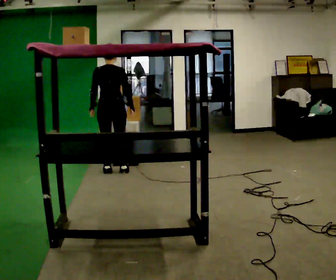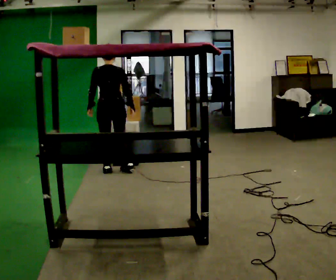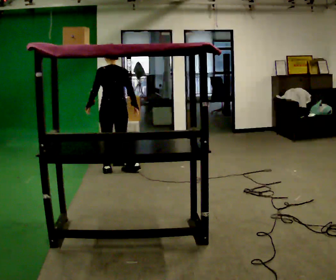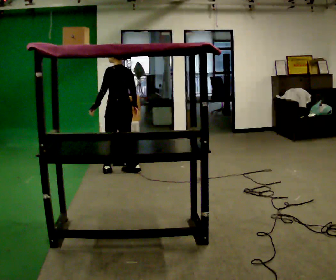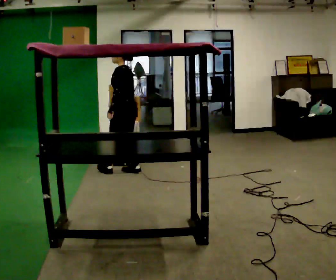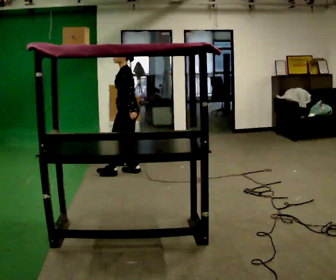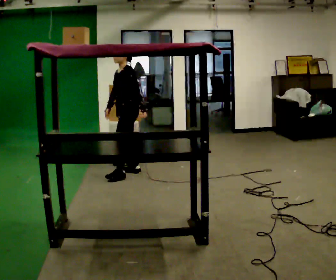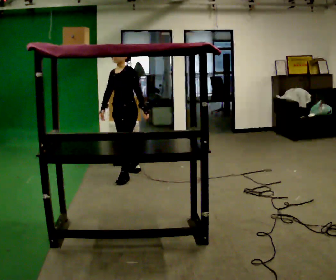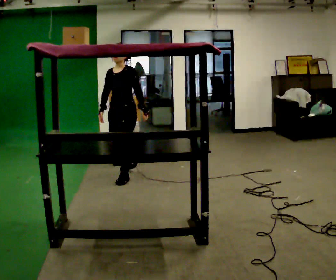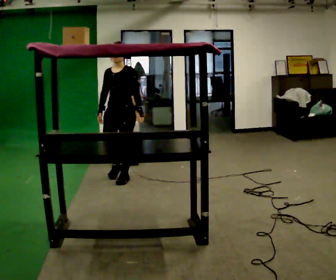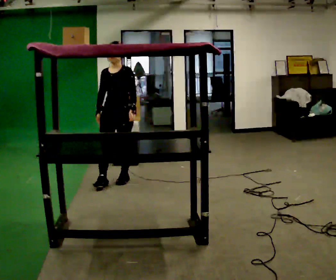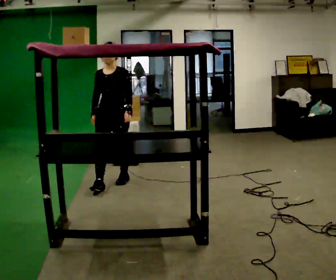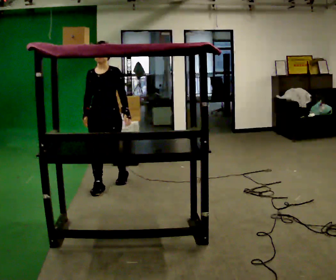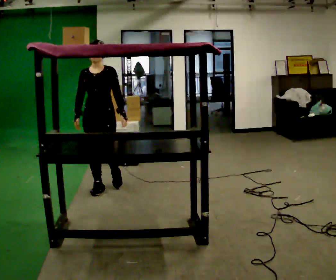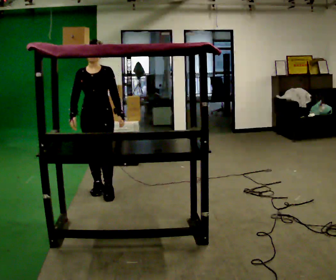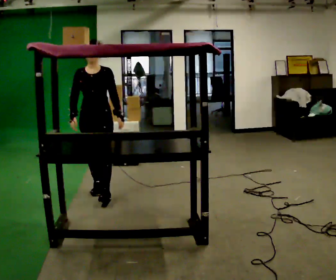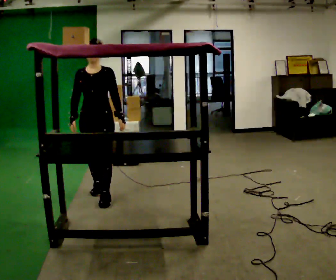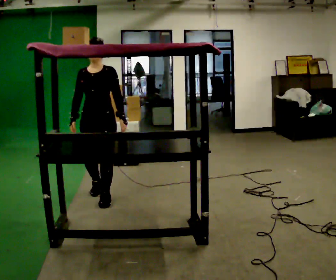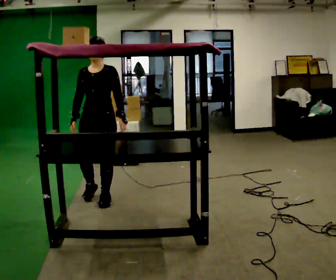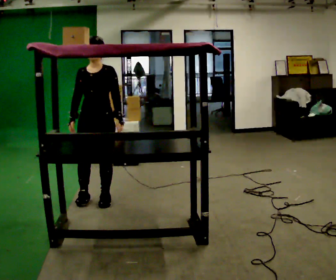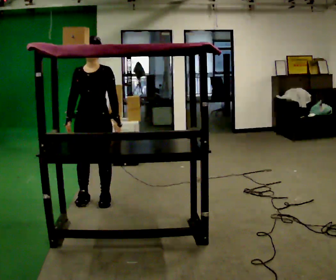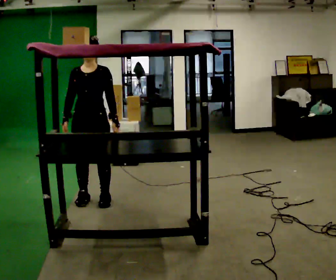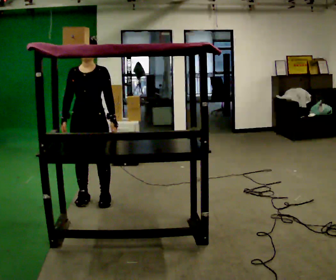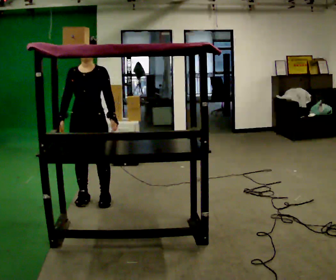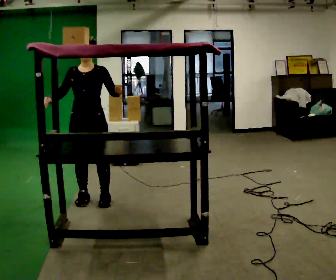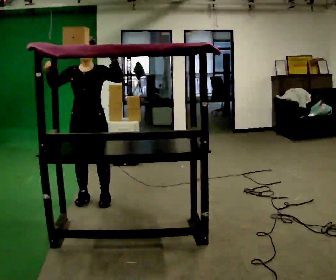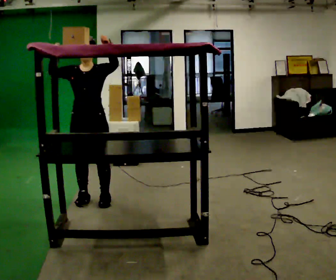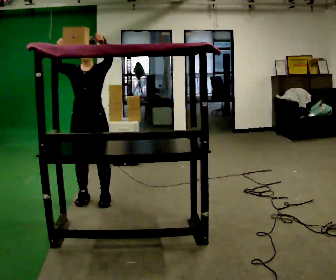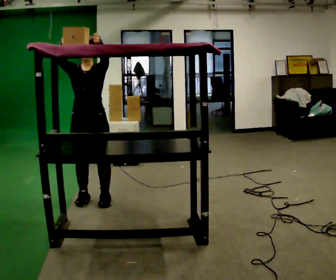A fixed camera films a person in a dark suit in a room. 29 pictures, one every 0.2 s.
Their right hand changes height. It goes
upward.
Their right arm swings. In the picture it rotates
clockwise.
0.0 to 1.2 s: Seen from above the body turns counterclockwise, about 105 degrees: to their left, with its near side sliding to the right. In the picture they go to the right, about 0.25 m. In the picture their left hand goes to the right, the arm swinging counterclockwise.
1.2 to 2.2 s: The part of the body nearest the lens slides to the right as the person turns to their left by about 60 degrees. In the picture they go toward the camera and to the left, about 0.5 m in 2 steps, which for them is forward.
2.2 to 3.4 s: In the picture they go toward the camera, about 0.5 m in 1 step, which for them is forward.
3.4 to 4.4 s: The person moves a little, or ends about where they began.
4.4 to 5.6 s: In the picture their left hand goes upward.
The film runs forward here.
